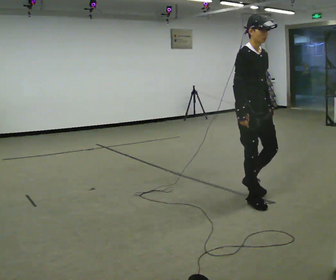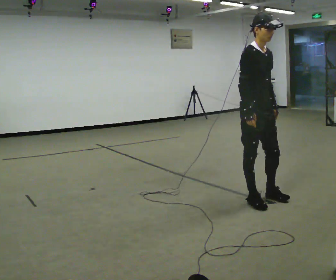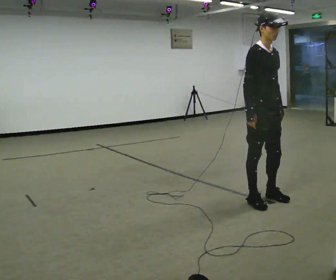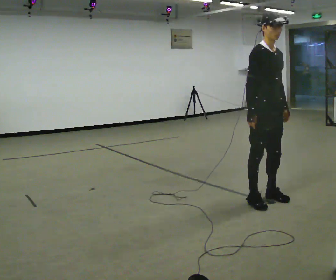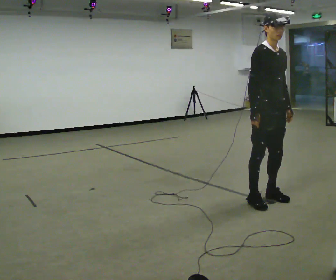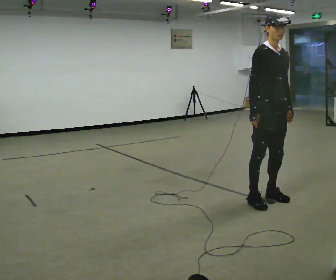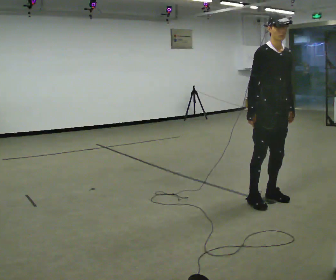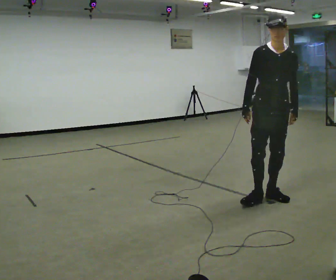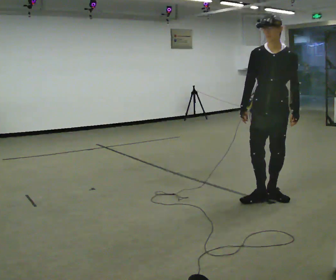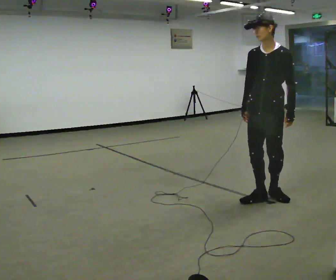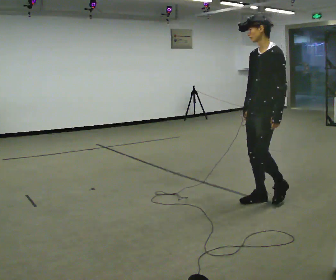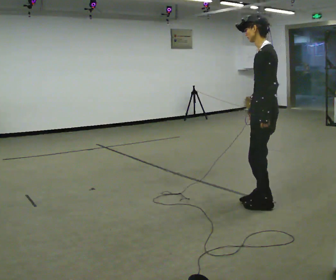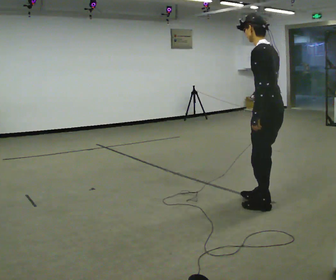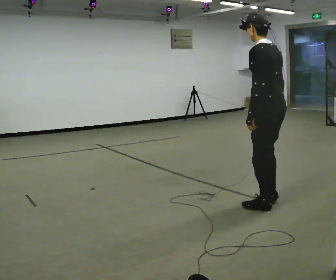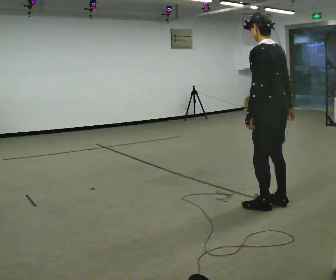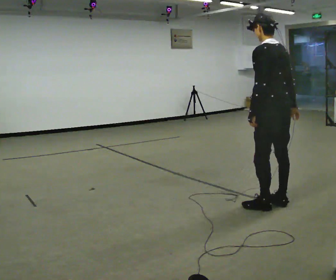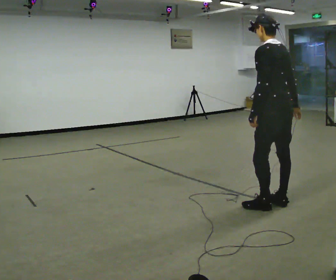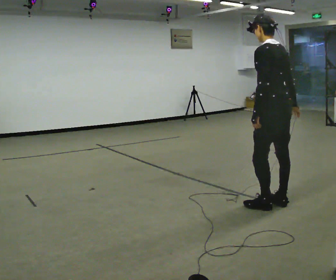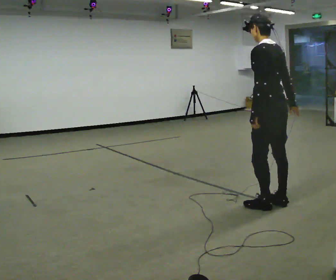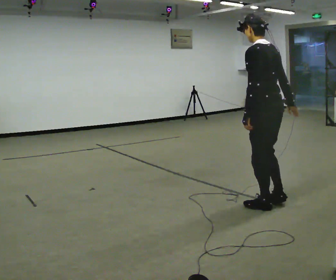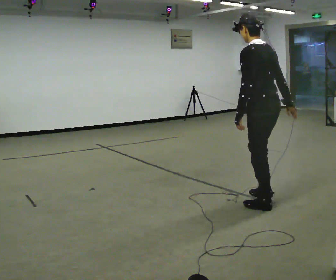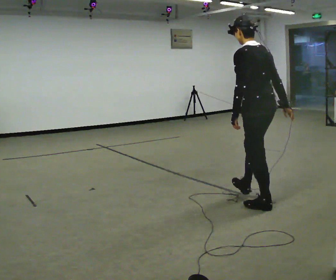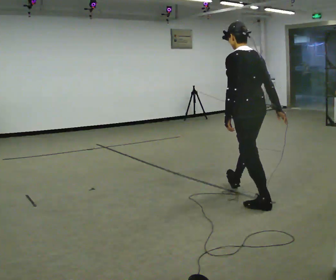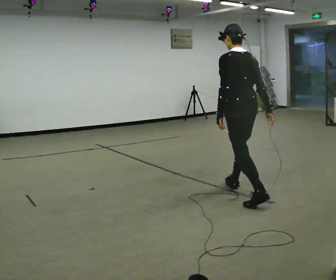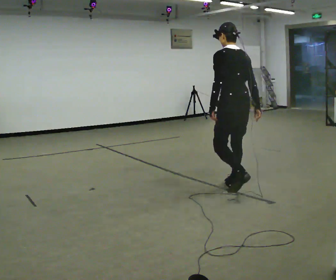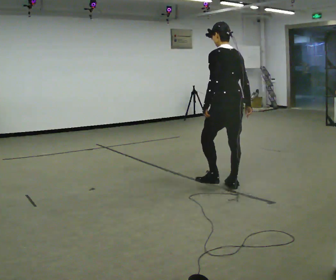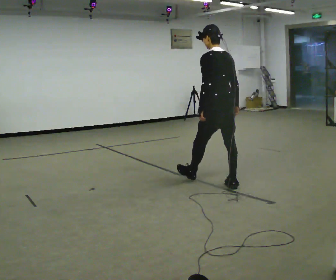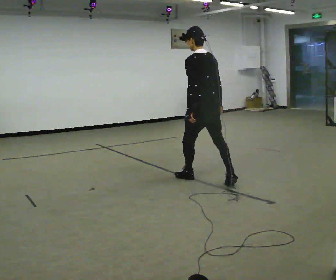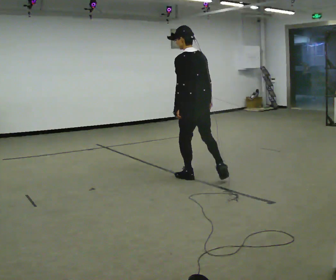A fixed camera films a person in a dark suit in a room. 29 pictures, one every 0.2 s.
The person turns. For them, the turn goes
to their right.
The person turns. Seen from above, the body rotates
clockwise.
0.0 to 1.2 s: In the picture they go to the right, about 0.25 m in 1 step, which for them is forward.
1.2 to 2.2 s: The person turns about 120 degrees to their right, clockwise seen from above, so the part of the body nearest the lens slides to the left.
2.2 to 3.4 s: The part of the body nearest the lens slides to the left as the person turns to their right by about 45 degrees. In the picture their right hand goes to the right.
3.4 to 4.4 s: In the picture they go to the left, about 0.25 m, which for them is forward.
4.4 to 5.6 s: In the picture they go away from the camera and to the left, about 1 m in 2 steps, which for them is forward.
The film runs forward here.
